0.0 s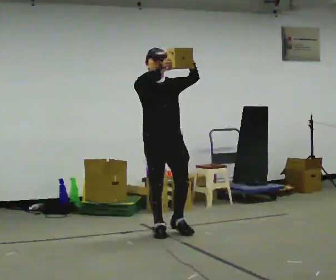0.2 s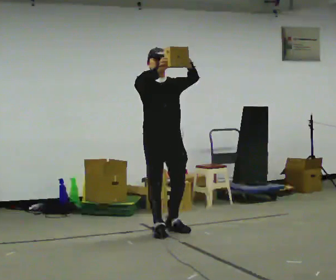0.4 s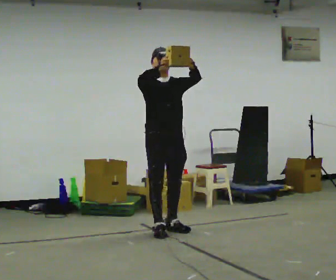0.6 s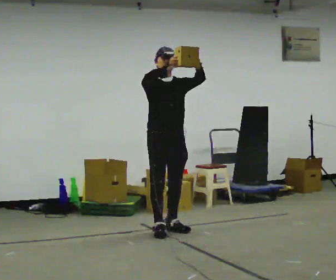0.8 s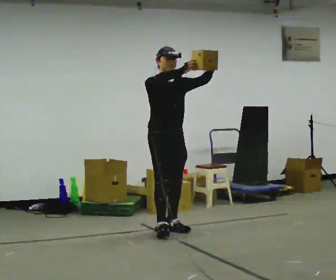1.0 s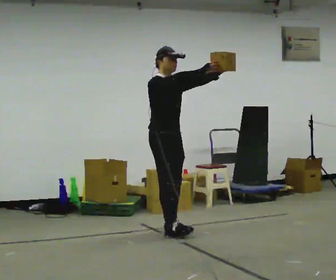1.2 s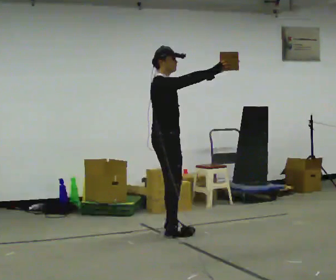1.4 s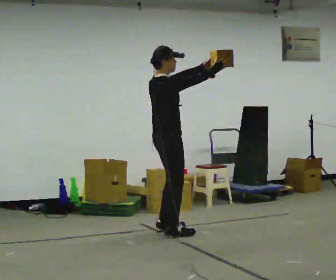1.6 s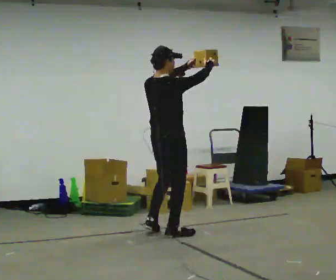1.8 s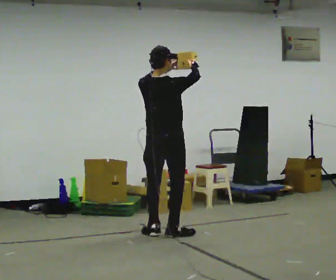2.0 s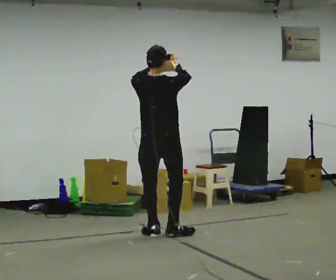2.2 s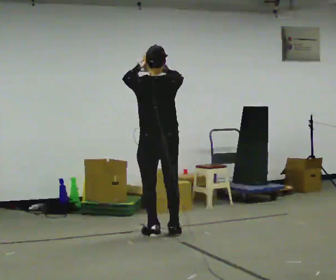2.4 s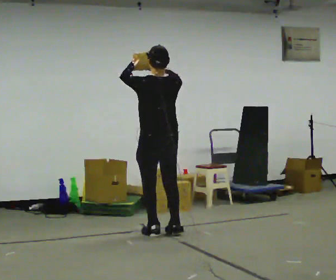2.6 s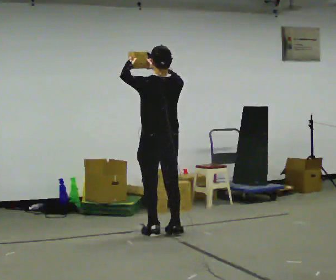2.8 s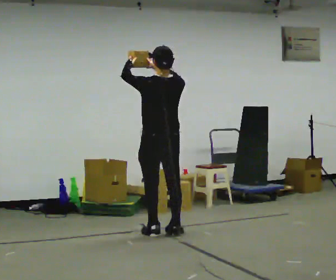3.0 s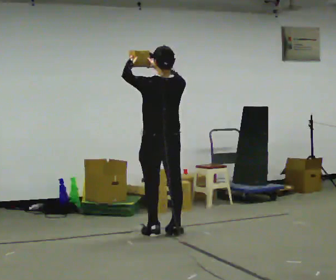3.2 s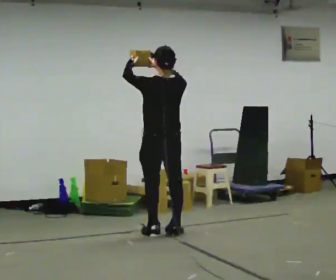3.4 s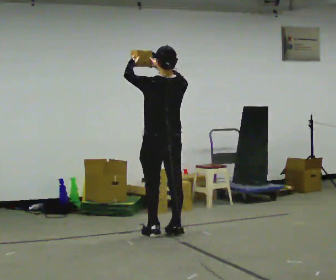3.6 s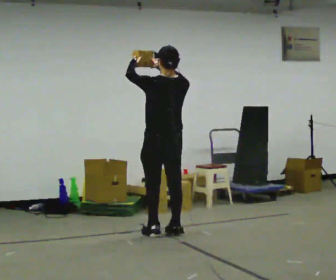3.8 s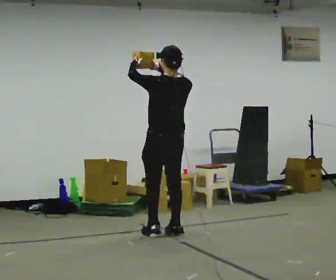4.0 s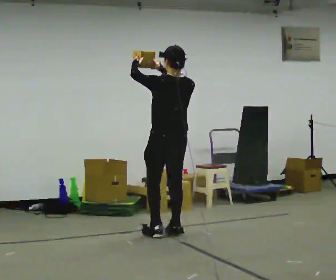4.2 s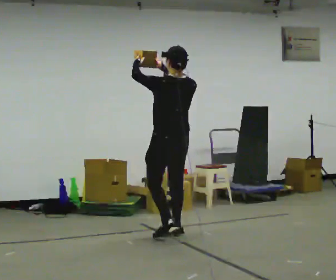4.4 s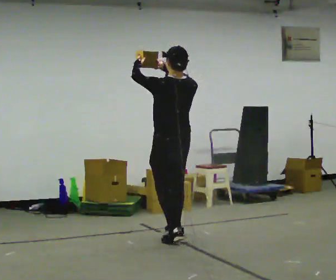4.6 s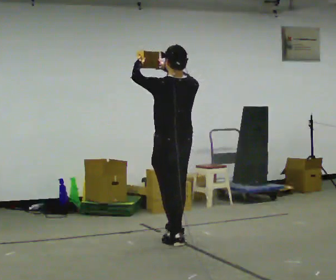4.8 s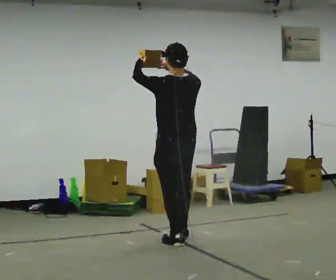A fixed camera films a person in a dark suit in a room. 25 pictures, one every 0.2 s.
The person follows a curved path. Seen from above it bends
counterclockwise.
The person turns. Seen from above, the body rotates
counterclockwise.
0.0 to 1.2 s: Seen from above the body turns counterclockwise, about 45 degrees: to their left, with its near side sliding to the right. In the picture their right hand goes to the right.
1.2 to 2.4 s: Seen from above the body turns counterclockwise, about 120 degrees: to their left, with its near side sliding to the right. In the picture their left hand goes to the left.
2.4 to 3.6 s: The person moves a little, or ends about where they began.
3.6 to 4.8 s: In the picture they go toward the camera, about 0.25 m in 2 steps, which for them is backward.
The film runs backward here.
